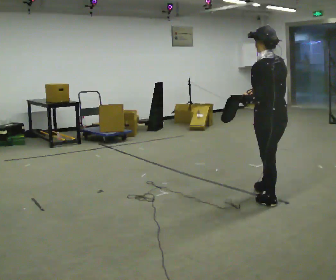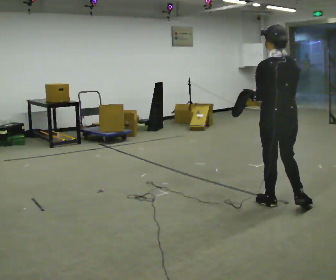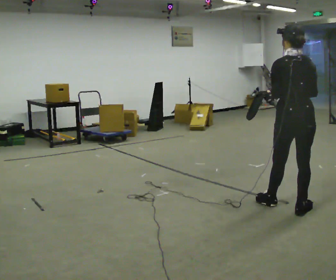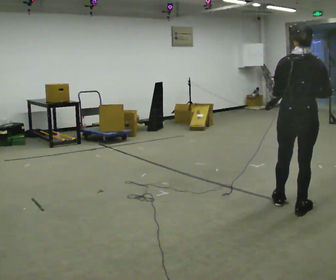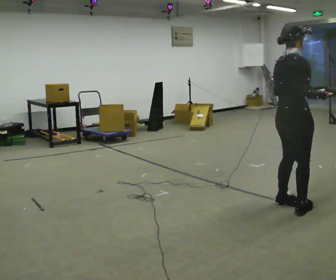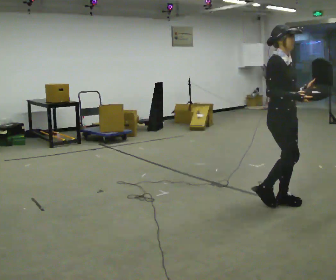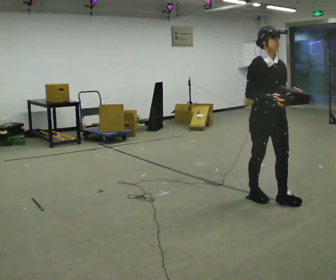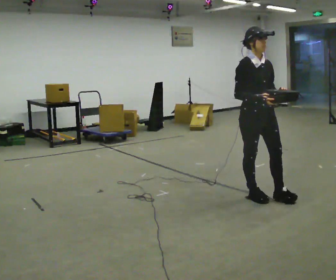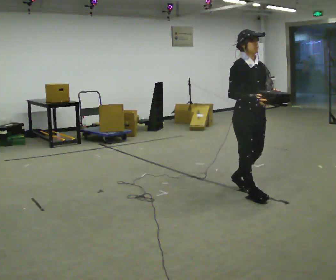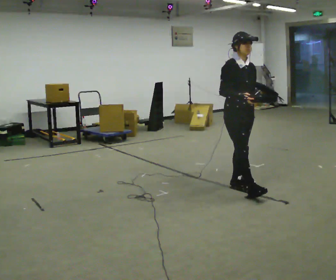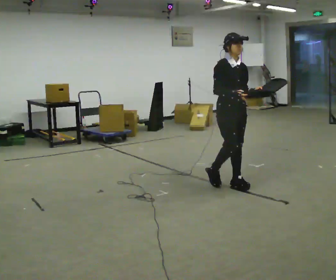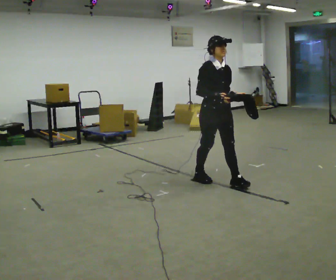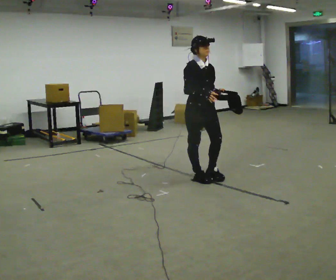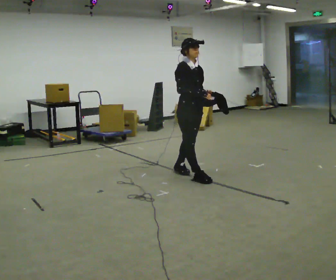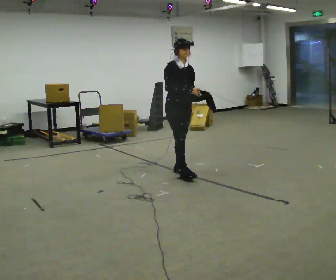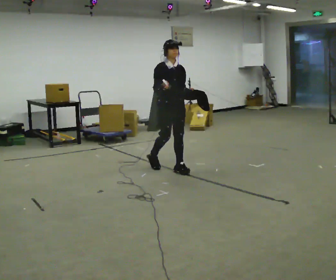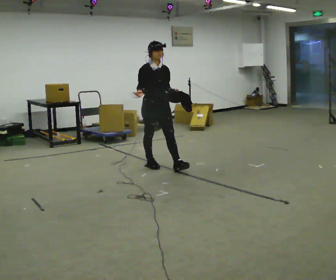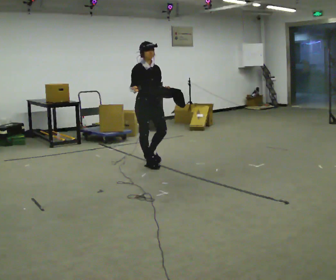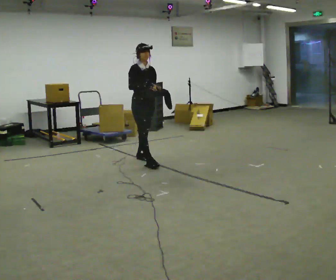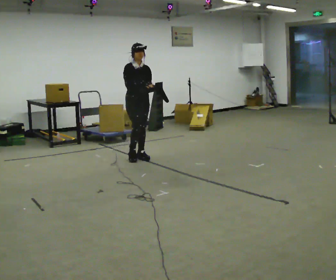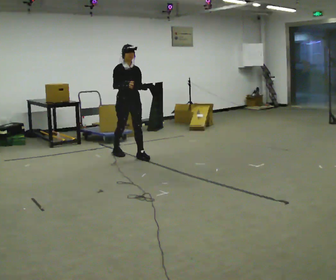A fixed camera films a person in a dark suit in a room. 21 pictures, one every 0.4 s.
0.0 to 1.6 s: The person turns about 105 degrees to their right, clockwise seen from above, so the part of the body nearest the lens slides to the left. In the picture they go toward the camera, about 0.25 m. In the picture their right hand goes to the right.
1.6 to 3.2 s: The person turns about 75 degrees to their right, clockwise seen from above, so the part of the body nearest the lens slides to the left. In the picture they go to the left and away from the camera, about 0.5 m in 2 steps.
3.2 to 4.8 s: In the picture they go away from the camera and to the left, about 0.5 m in 2 steps, which for them is backward.
4.8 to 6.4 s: In the picture they go to the left and away from the camera, about 1 m in 1 step, which for them is backward.
6.4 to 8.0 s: In the picture they go away from the camera and to the left, about 0.5 m in 2 steps, which for them is backward.
The film runs backward here.
